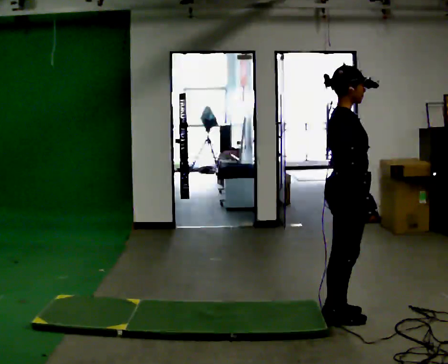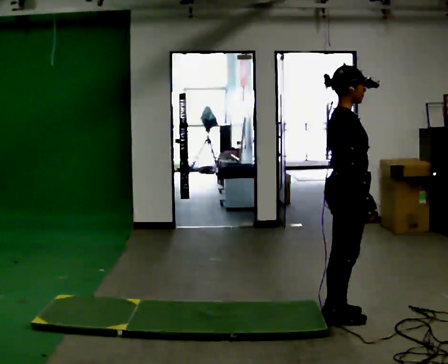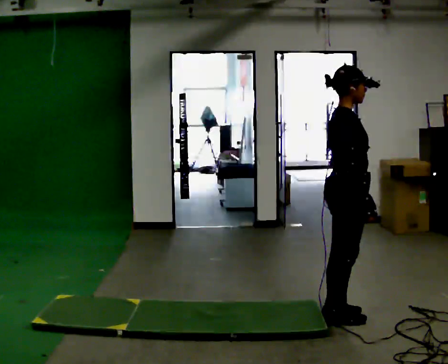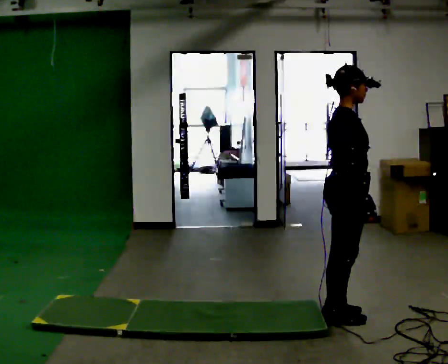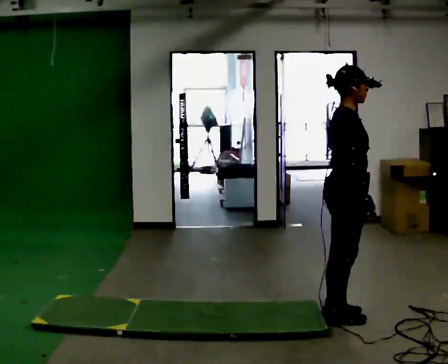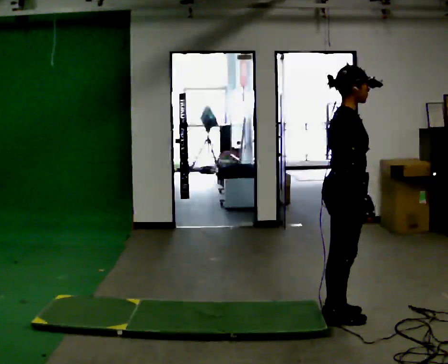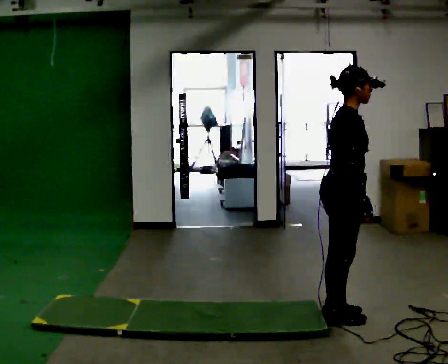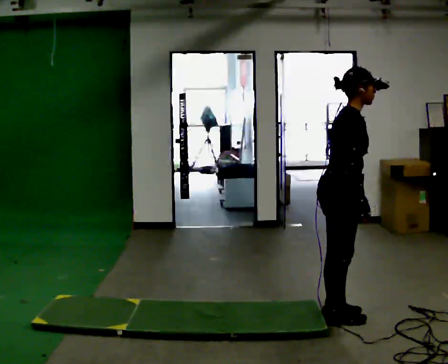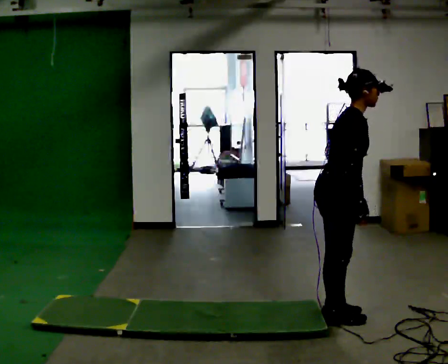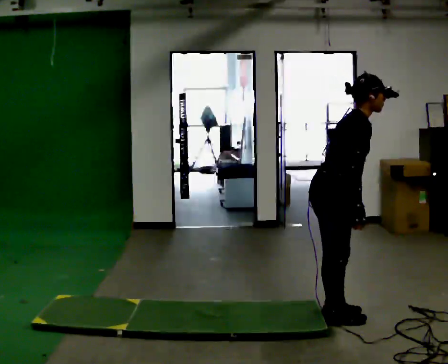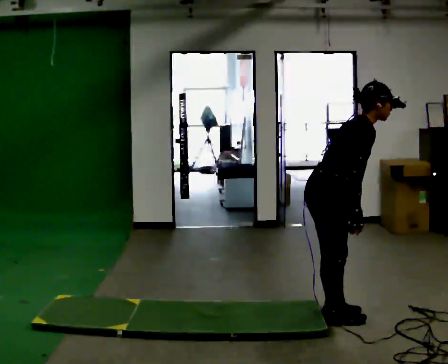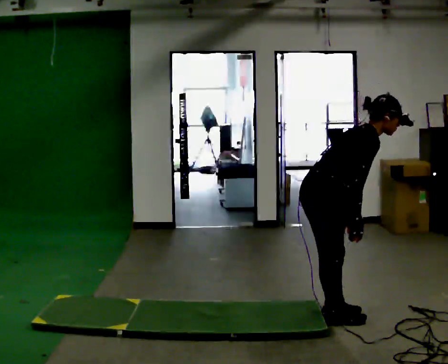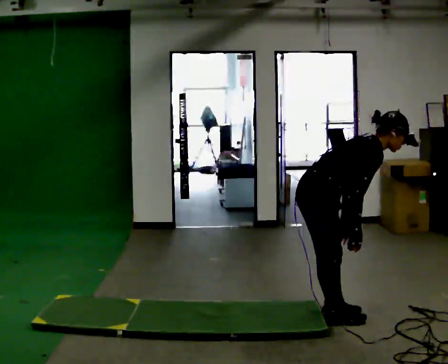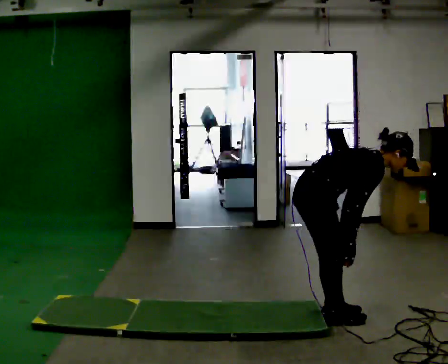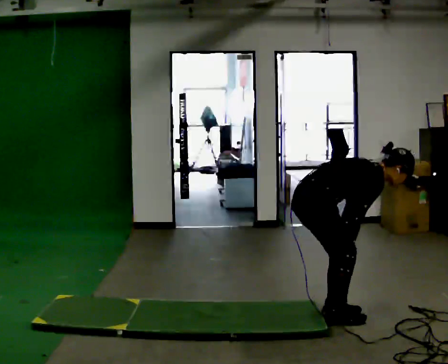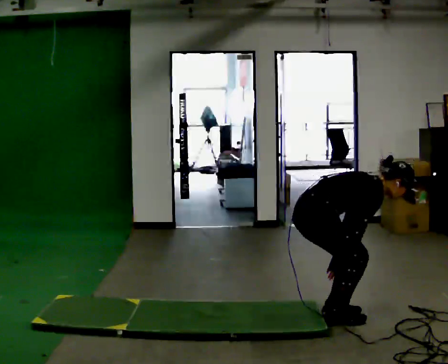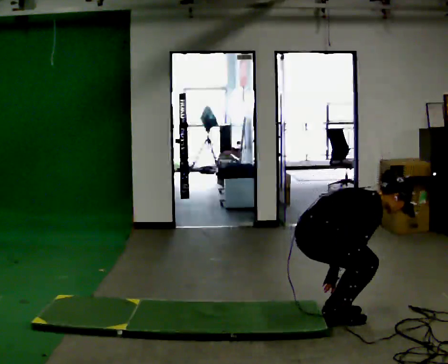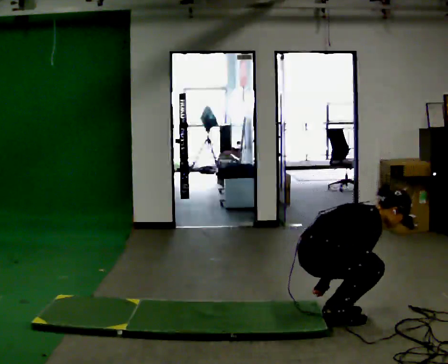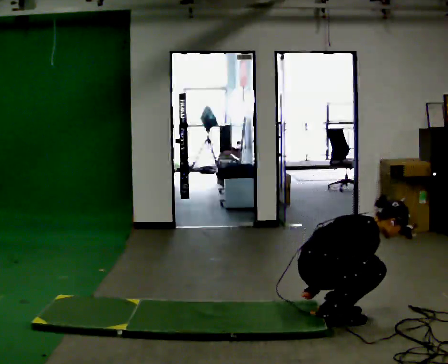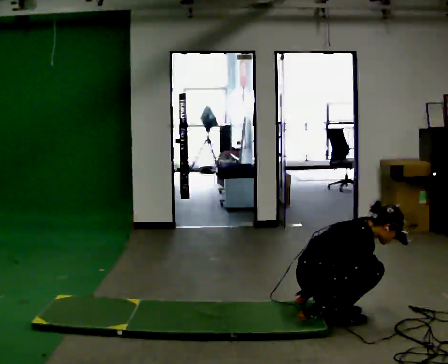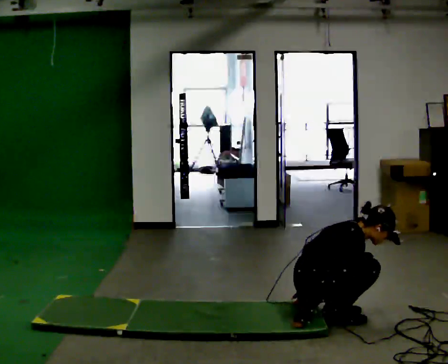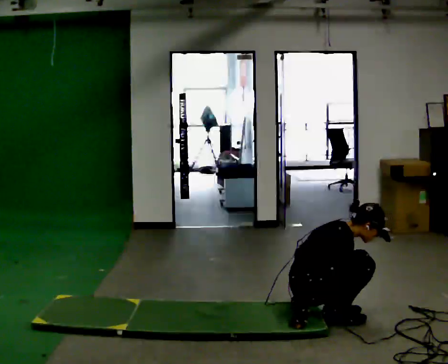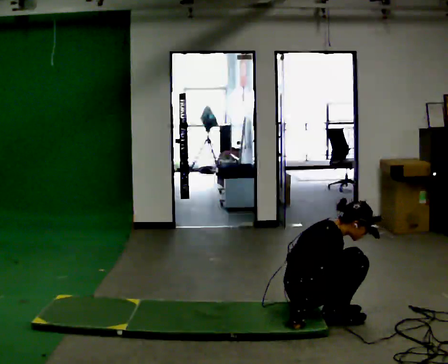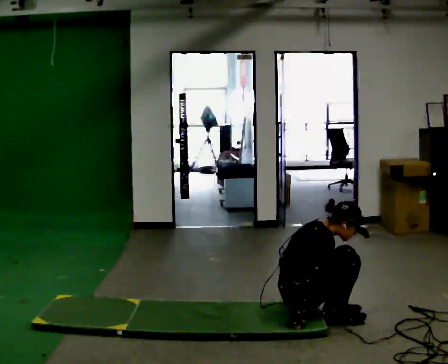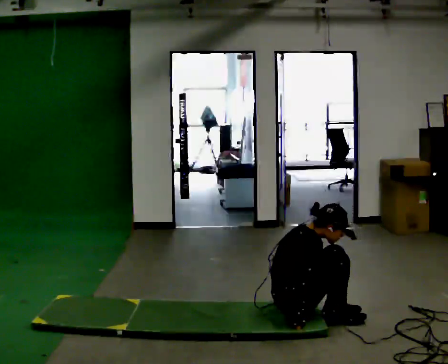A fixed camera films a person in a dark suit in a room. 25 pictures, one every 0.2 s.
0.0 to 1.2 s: The person moves a little, or ends about where they began.
1.2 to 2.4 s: The shoulders move downward. In the picture the upper body tilts clockwise, shoulders to the right, as they bend forward.
2.4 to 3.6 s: The shoulders move downward. In the picture their left hand goes downward.
3.6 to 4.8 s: In the picture they go to the left, about 0.25 m, which for them is backward. In the picture the upper body tilts counterclockwise, shoulders to the left, as they lean back or straighten.
The film runs forward here.
